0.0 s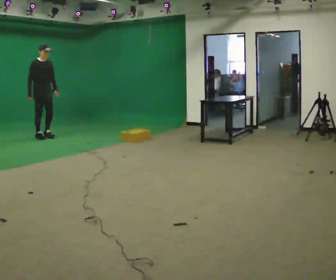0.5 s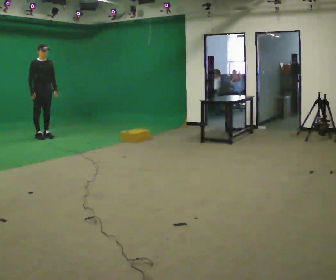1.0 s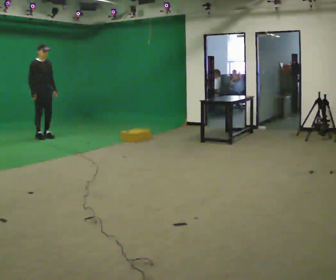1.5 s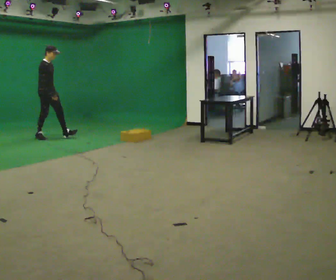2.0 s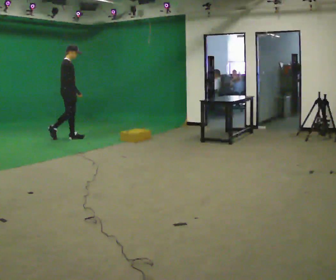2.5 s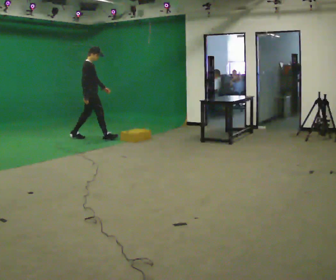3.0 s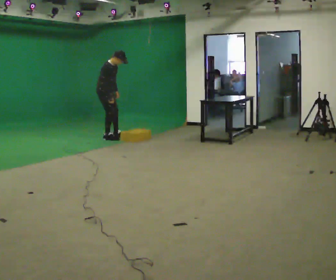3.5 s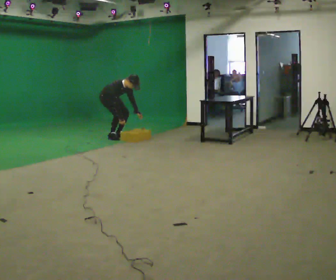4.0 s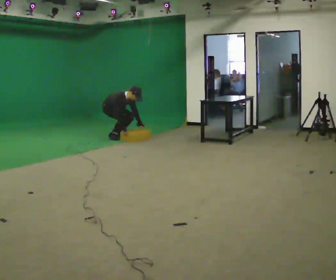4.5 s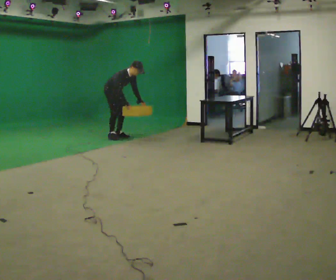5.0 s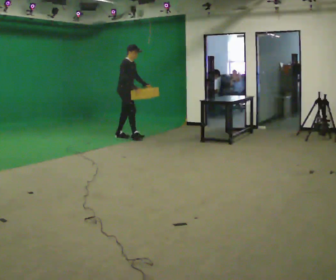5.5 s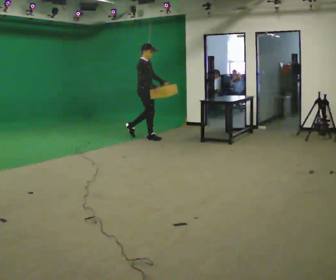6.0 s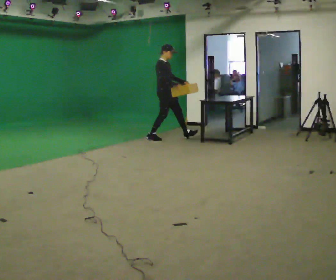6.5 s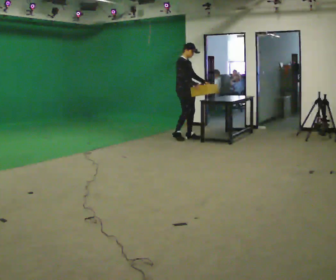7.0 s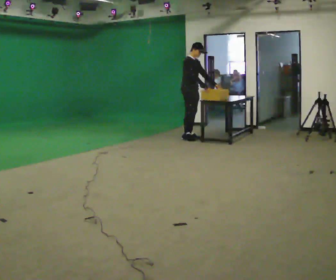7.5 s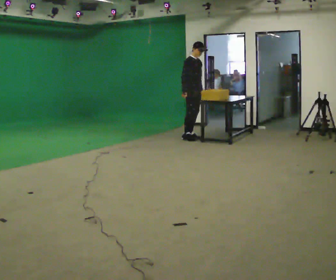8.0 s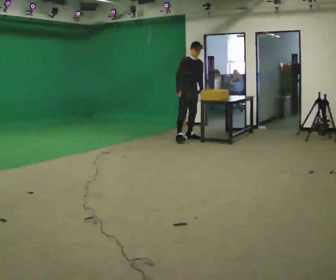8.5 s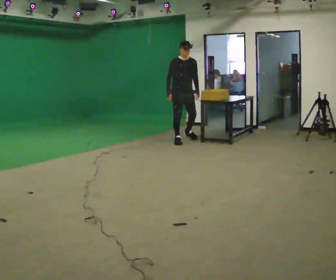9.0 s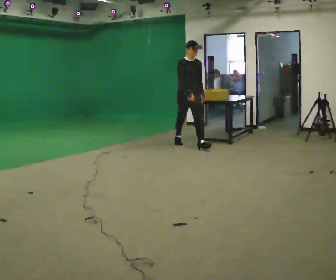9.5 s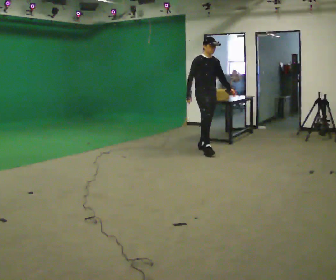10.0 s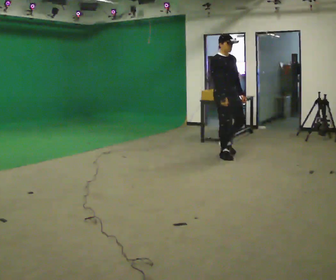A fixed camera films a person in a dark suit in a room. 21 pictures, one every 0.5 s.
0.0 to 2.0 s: Seen from above the body turns counterclockwise, about 45 degrees: to their left, with its near side sliding to the right. In the picture they go to the right, about 0.5 m in 1 step, which for them is forward and to their left.
2.0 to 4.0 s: Seen from above the body turns clockwise, about 30 degrees: to their right, with its near side sliding to the left. In the picture they go to the right, about 1 m in 3 steps, which for them is forward and to their left. The upper body goes downward. In the picture the upper body tilts clockwise, shoulders to the right, as they bend forward. In the picture their left hand goes downward.
4.0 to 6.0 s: In the picture they go to the right, about 1 m in 1 step, which for them is forward. The upper body goes upward. In the picture the upper body tilts counterclockwise, shoulders to the left, as they lean back or straighten. In the picture their right hand goes upward.
6.0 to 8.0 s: The person turns about 30 degrees to their right, clockwise seen from above, so the part of the body nearest the lens slides to the left. In the picture they go to the right, about 0.5 m in 2 steps, which for them is forward and to their left.
8.0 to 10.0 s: In the picture they go toward the camera, about 1.5 m in 3 steps, which for them is forward. In the picture the upper body tilts counterclockwise, shoulders to the left.
The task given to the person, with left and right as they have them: Walk forward noticeably slower than normal; do not shuffle; stop.
The film runs forward here.
